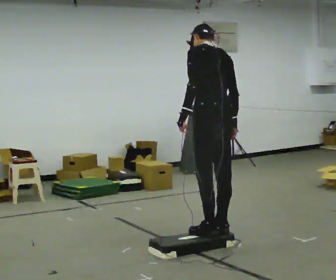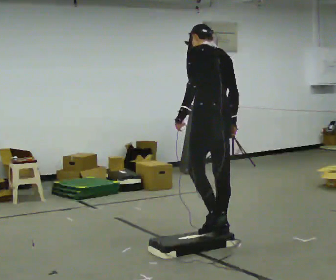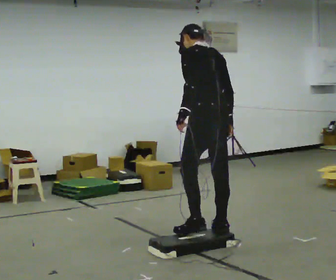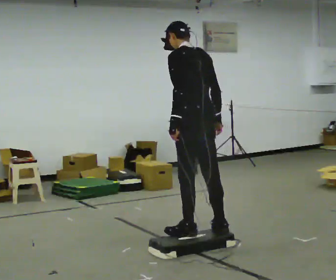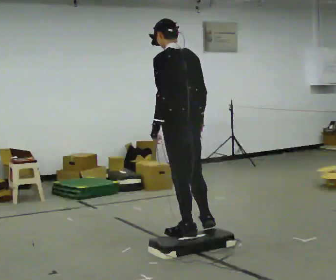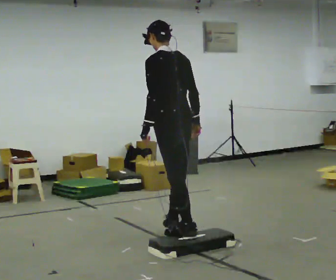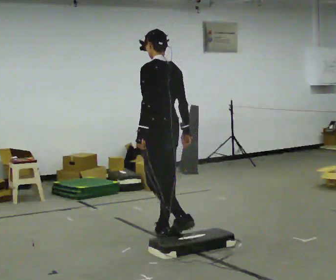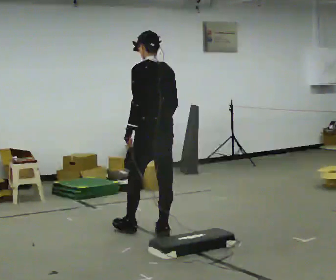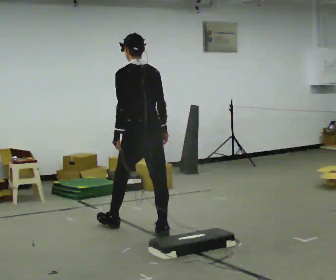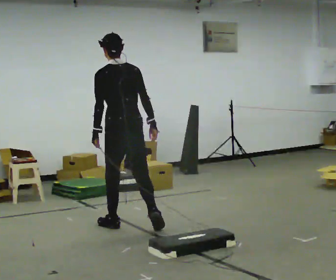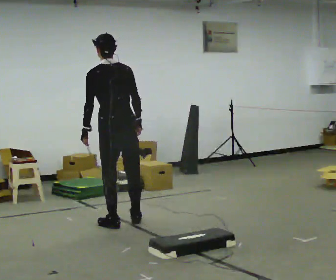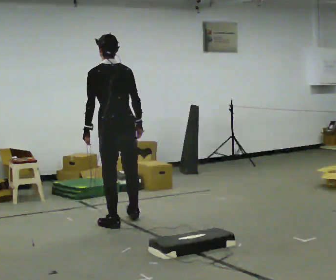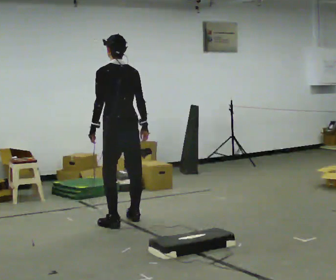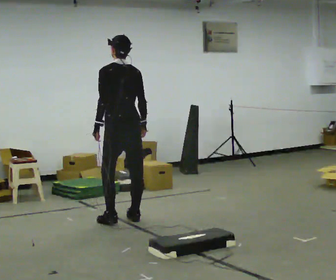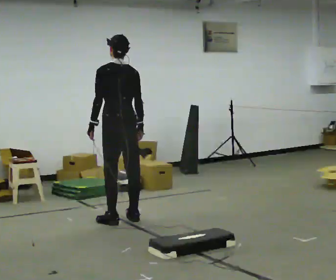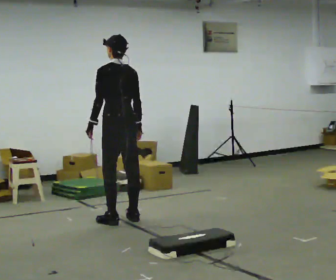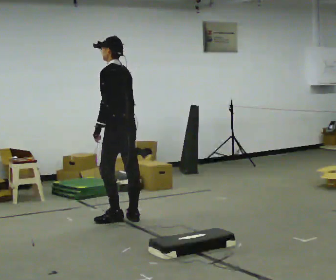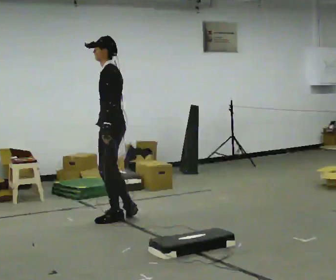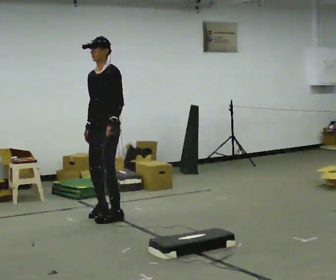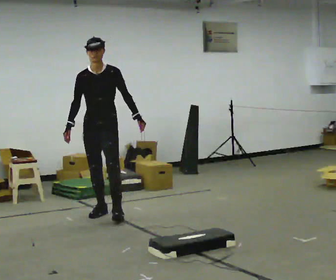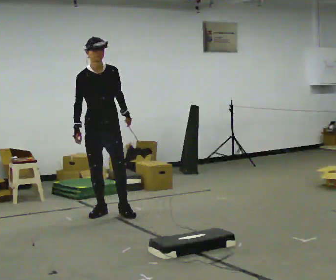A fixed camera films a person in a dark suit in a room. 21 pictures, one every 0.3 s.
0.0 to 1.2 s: In the picture they go to the left, about 0.25 m in 1 step, which for them is to their left and forward.
1.2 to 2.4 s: In the picture they go away from the camera and to the left, about 0.5 m in 2 steps, which for them is forward.
2.4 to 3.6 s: In the picture they go away from the camera, about 0.25 m in 1 step, which for them is forward.
3.6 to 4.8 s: The person turns about 30 degrees to their left, counterclockwise seen from above, so the part of the body nearest the lens slides to the right.
4.8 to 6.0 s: Seen from above the body turns counterclockwise, about 135 degrees: to their left, with its near side sliding to the right. In the picture they go away from the camera and to the left, about 0.5 m in 1 step. The upper body tips toward the camera, its near side rolling downward.
The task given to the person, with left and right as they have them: Walk to the platform; step up onto it; step down the other side; continue walking.
The film runs forward here.
